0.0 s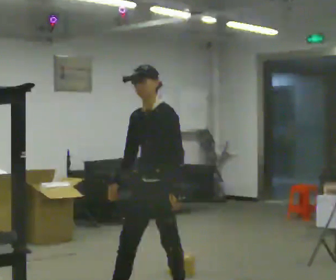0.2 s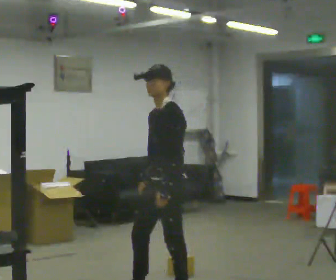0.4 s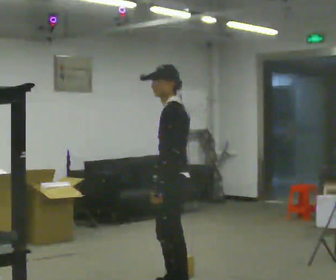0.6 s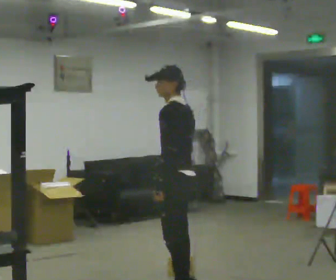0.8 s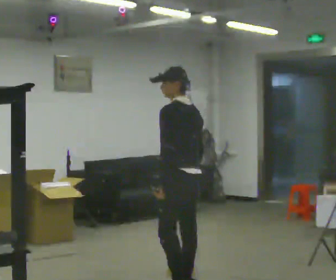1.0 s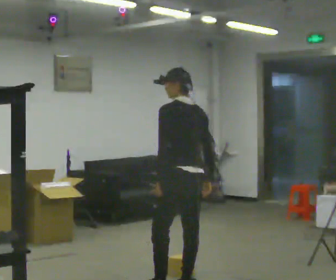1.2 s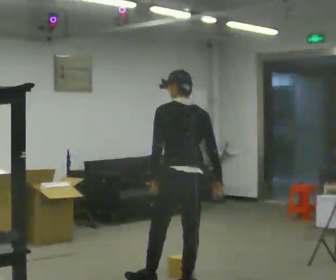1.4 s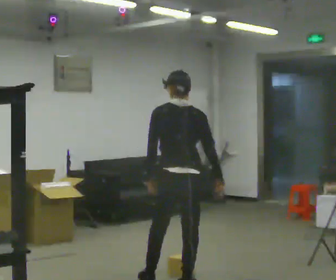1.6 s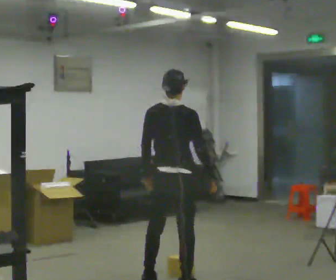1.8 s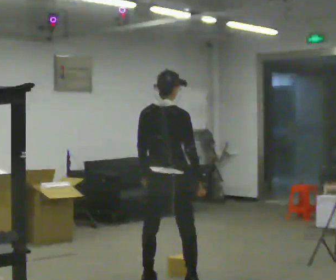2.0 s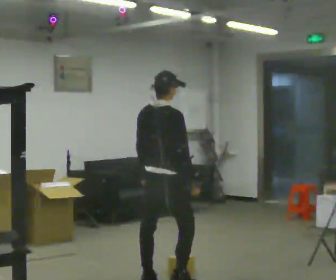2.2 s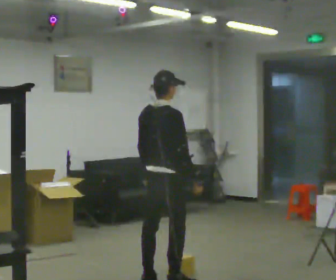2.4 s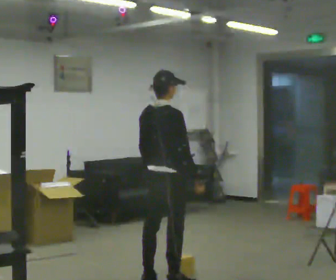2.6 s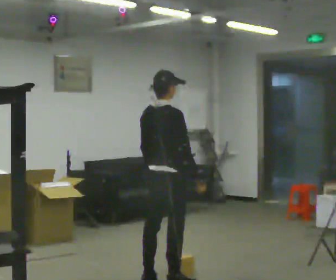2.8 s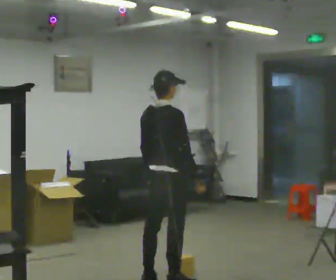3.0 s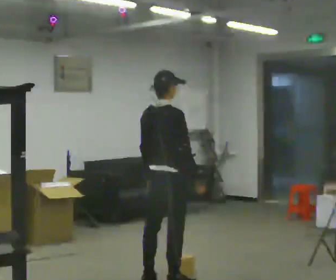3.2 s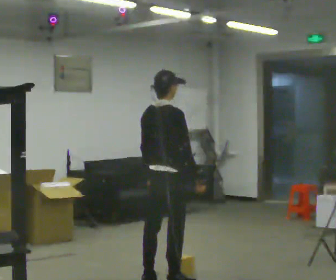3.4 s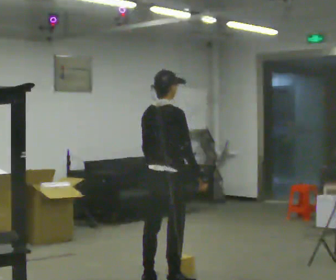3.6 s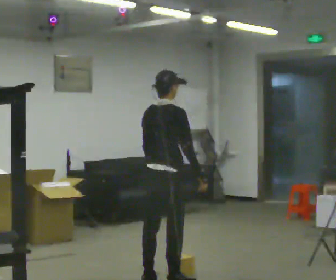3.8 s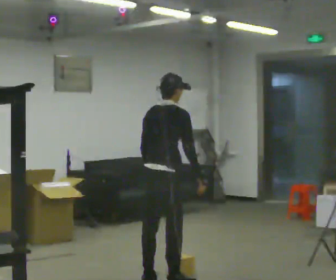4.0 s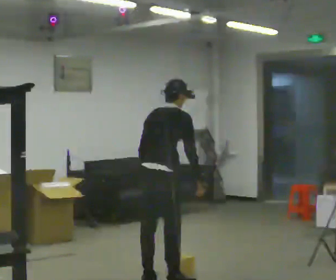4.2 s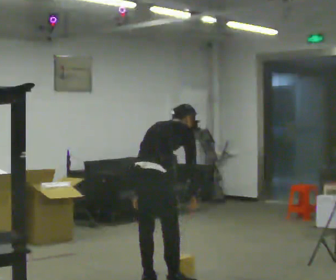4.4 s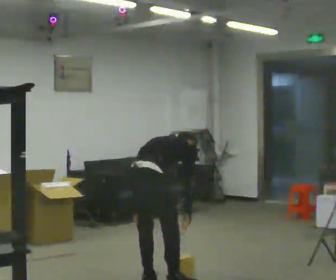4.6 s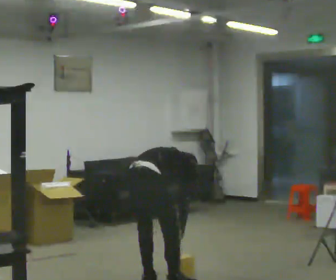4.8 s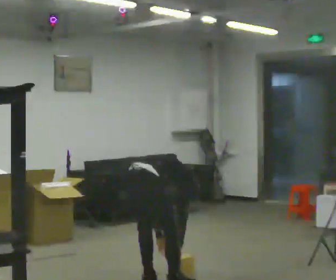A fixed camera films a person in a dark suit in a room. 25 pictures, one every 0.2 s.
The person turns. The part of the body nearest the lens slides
to the left.
The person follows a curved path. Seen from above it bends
counterclockwise.
0.0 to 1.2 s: Seen from above the body turns clockwise, about 120 degrees: to their right, with its near side sliding to the left. In the picture they go away from the camera, about 0.5 m in 1 step.
1.2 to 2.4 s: The person turns about 60 degrees to their right, clockwise seen from above, so the part of the body nearest the lens slides to the left. In the picture they go away from the camera and to the left, about 0.25 m in 1 step, which for them is to their left and forward.
2.4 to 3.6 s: The person moves a little, or ends about where they began.
3.6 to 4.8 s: The shoulders move downward. The upper body tips away from the camera, its near side rolling upward, as they bend forward. In the picture their right hand goes downward.
The film runs backward here.
